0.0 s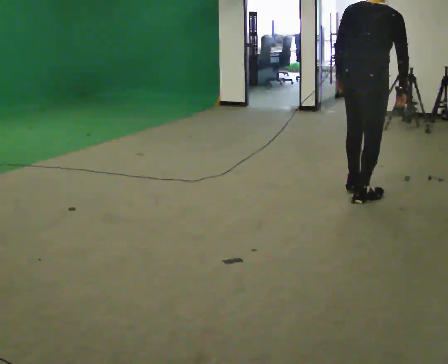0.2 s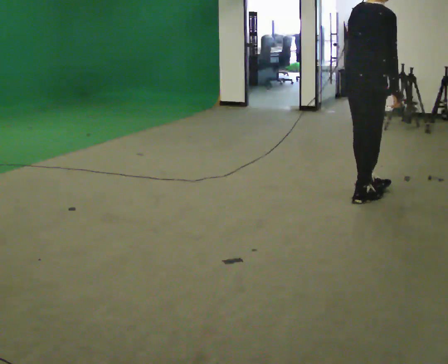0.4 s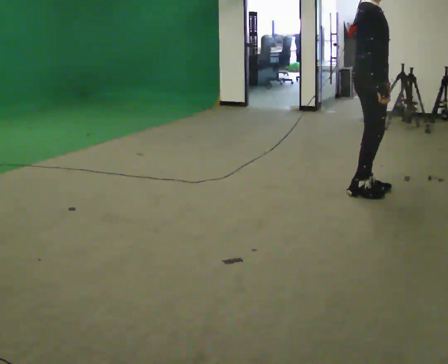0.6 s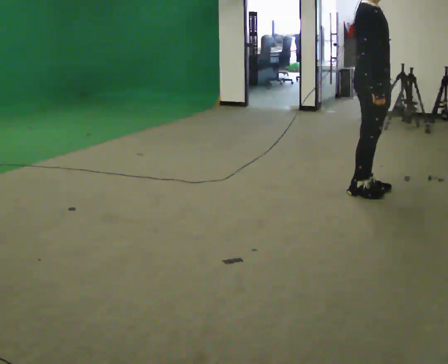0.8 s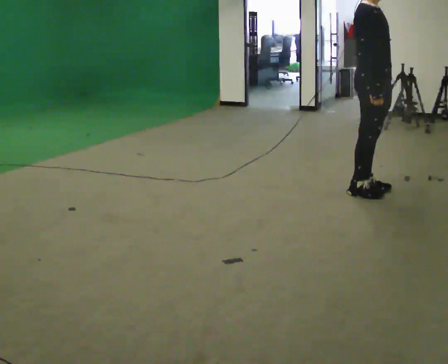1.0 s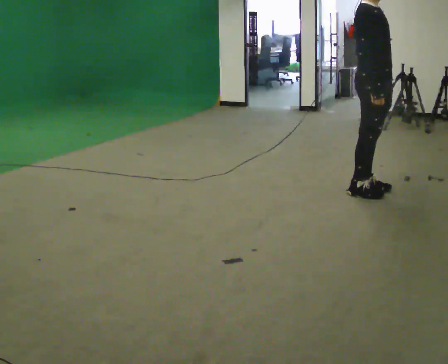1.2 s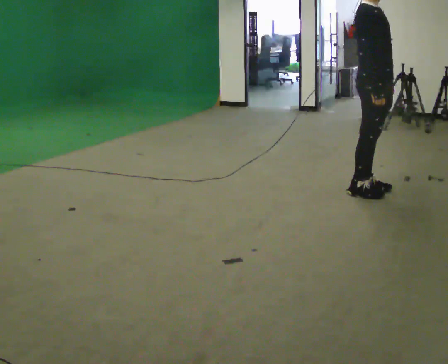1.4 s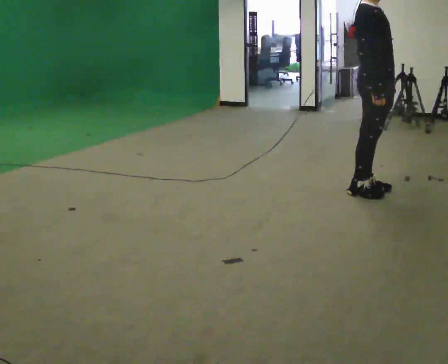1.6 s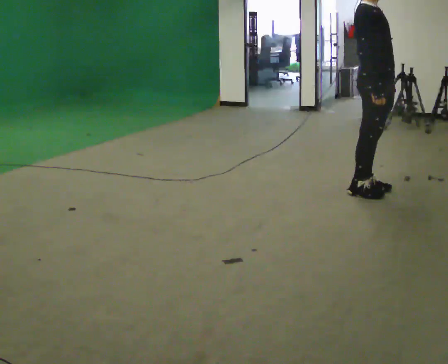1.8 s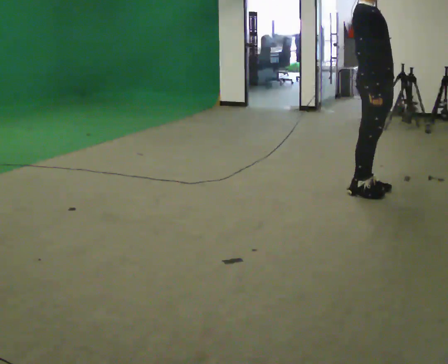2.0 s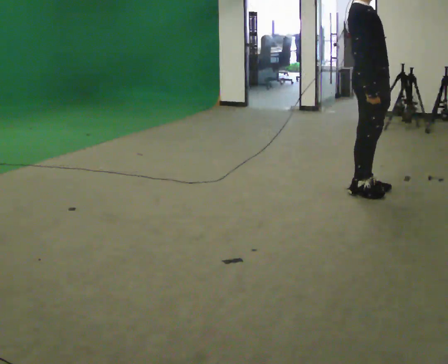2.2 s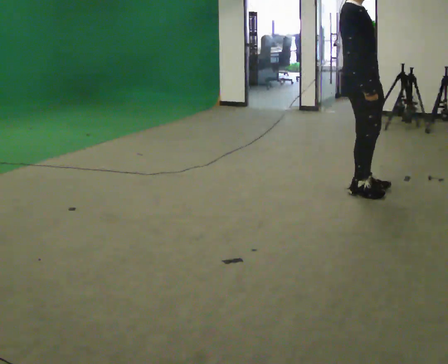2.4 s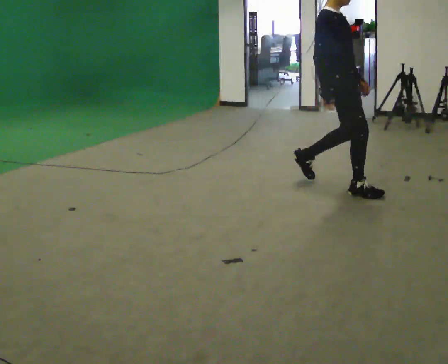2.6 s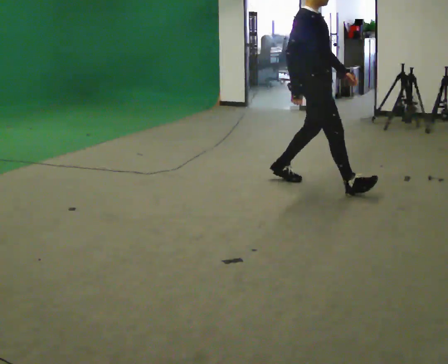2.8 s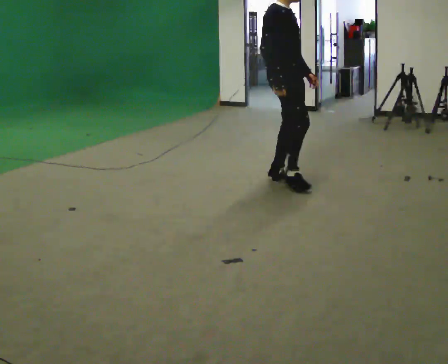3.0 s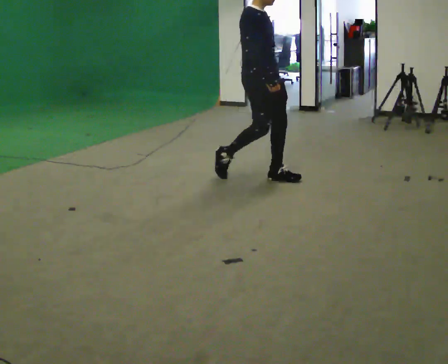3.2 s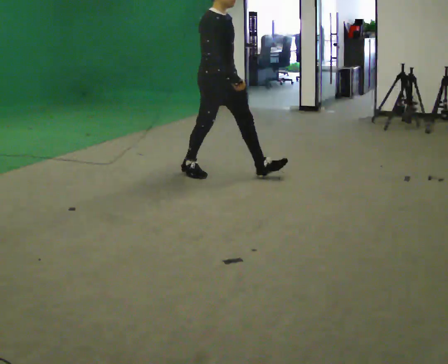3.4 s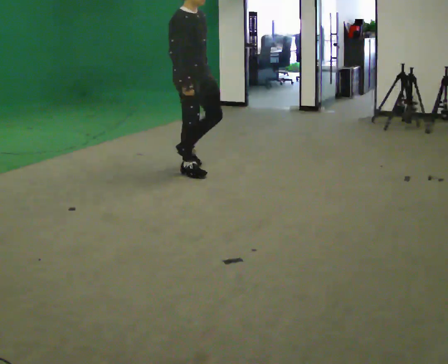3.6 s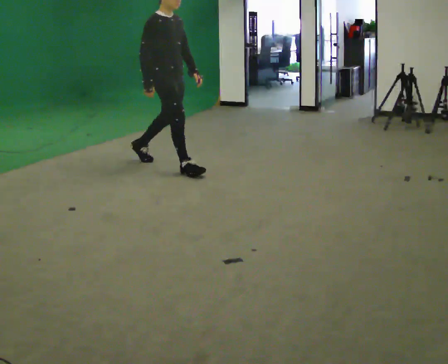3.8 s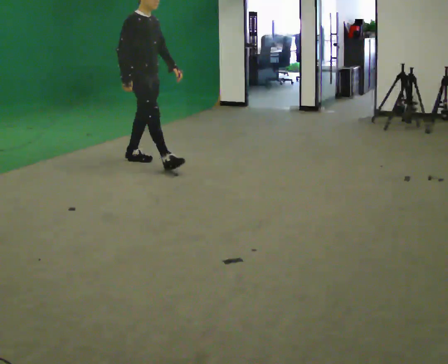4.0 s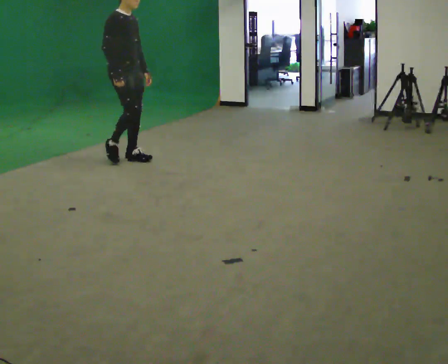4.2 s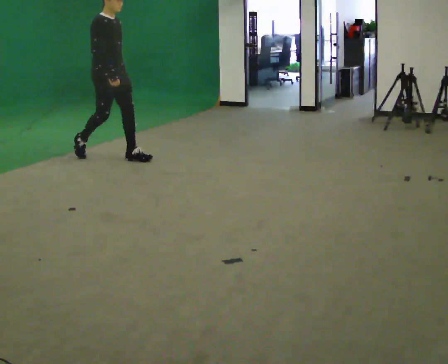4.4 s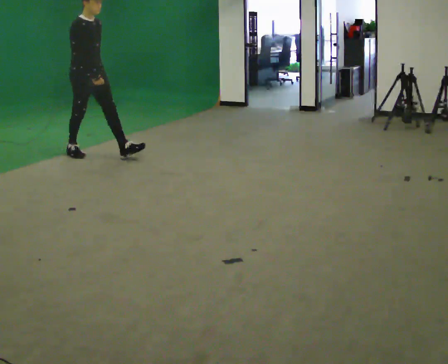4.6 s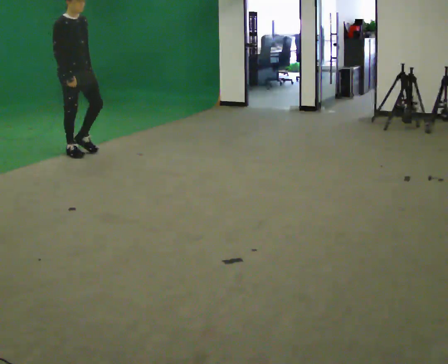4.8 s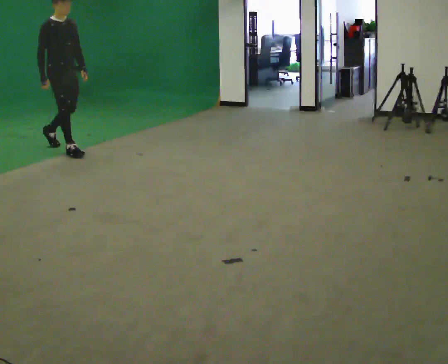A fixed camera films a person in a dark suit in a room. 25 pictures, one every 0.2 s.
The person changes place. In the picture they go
to the left.
0.0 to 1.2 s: The part of the body nearest the lens slides to the left as the person turns to their right by about 75 degrees. In the picture the upper body tilts counterclockwise, shoulders to the left, as they lean back or straighten. In the picture their left hand goes to the right.
1.2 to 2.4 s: In the picture they go to the left, about 0.25 m in 1 step, which for them is backward.
2.4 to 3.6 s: In the picture they go to the left, about 1.5 m in 2 steps, which for them is backward.
3.6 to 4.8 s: In the picture they go to the left, about 1.5 m in 2 steps, which for them is backward.
The film runs backward here.
